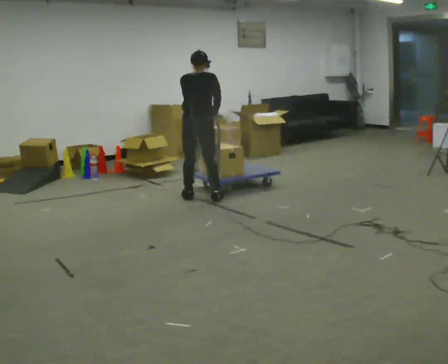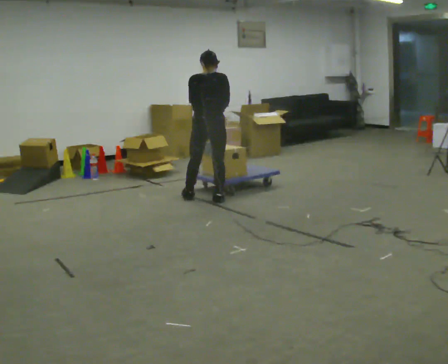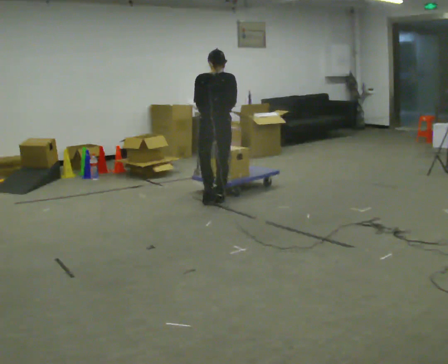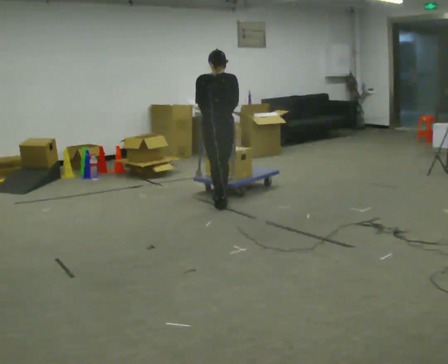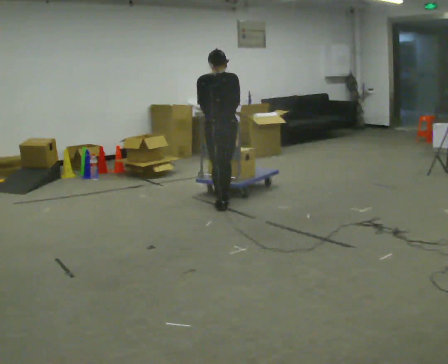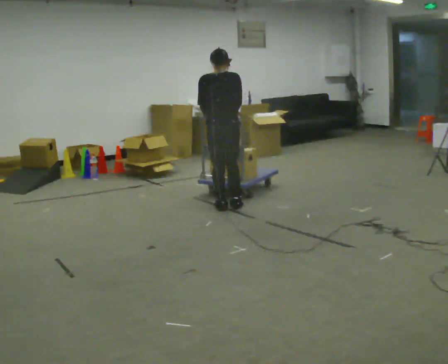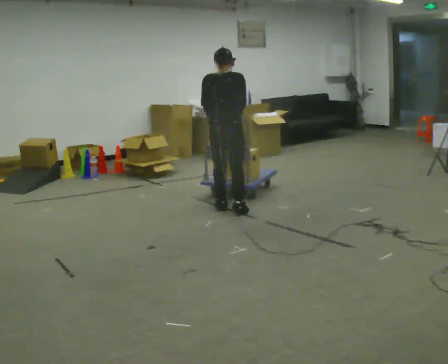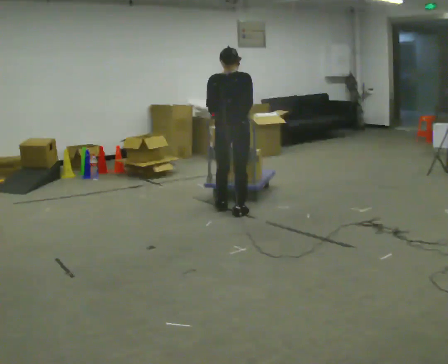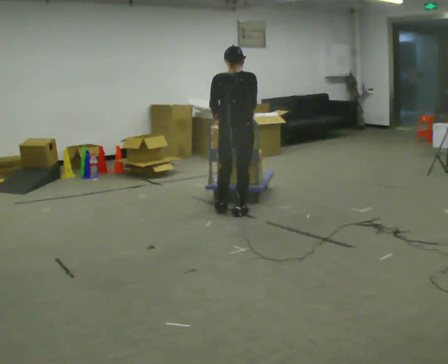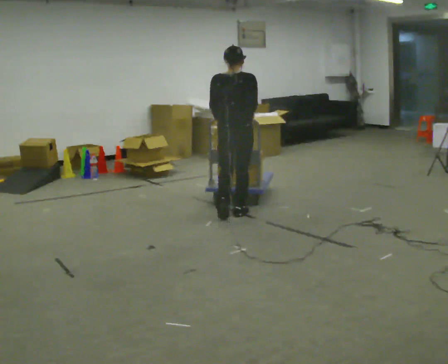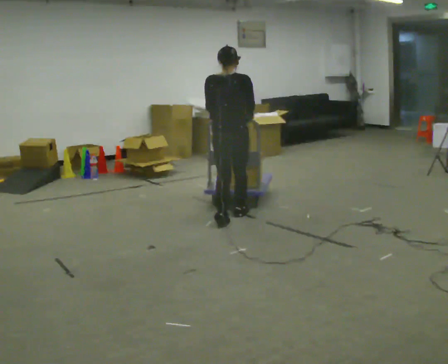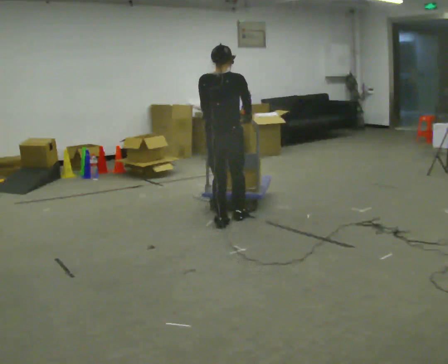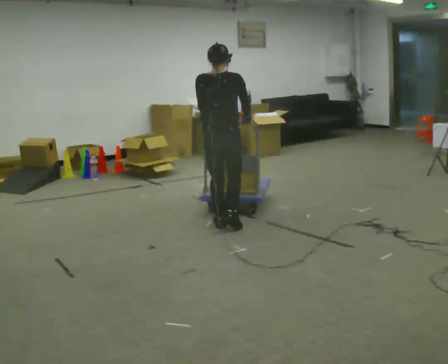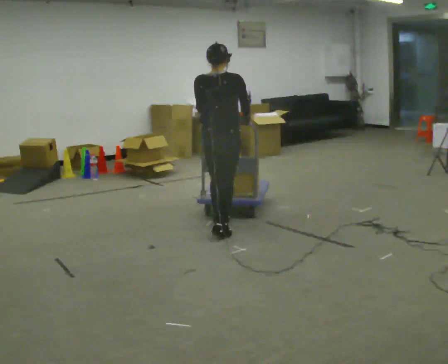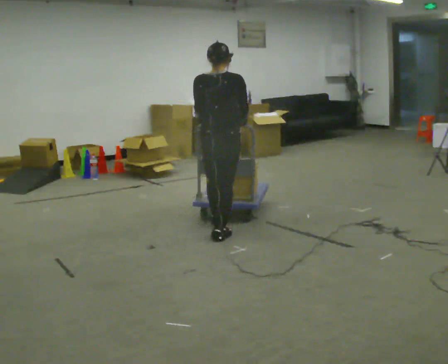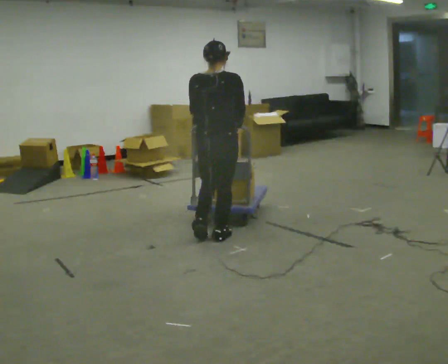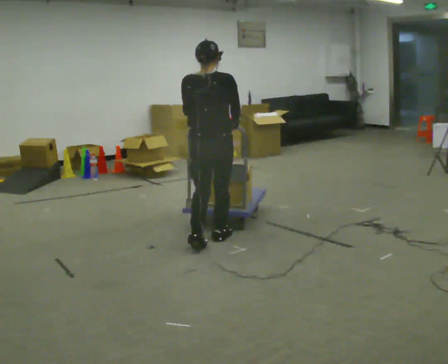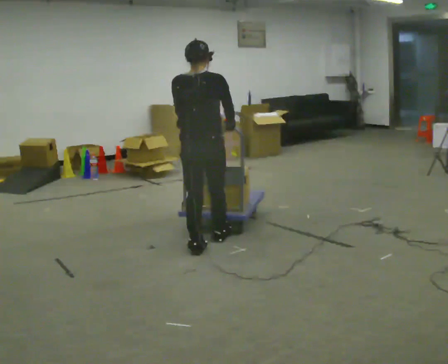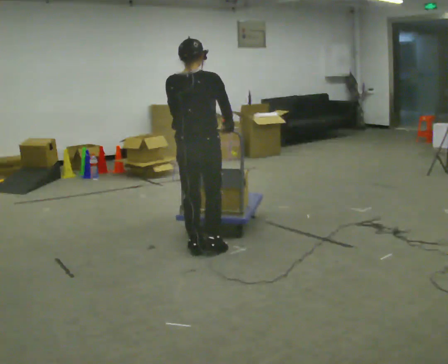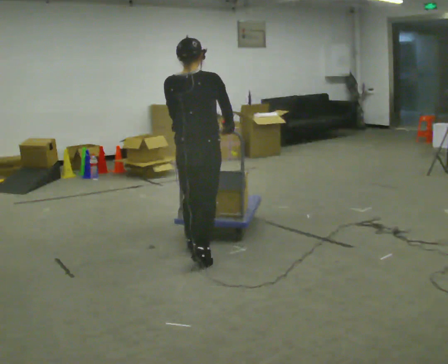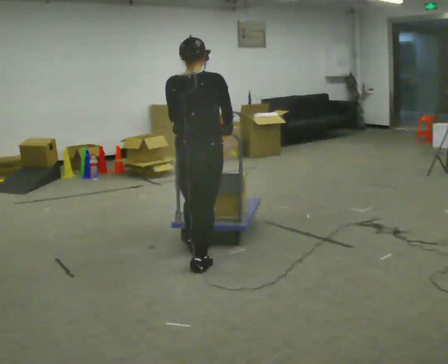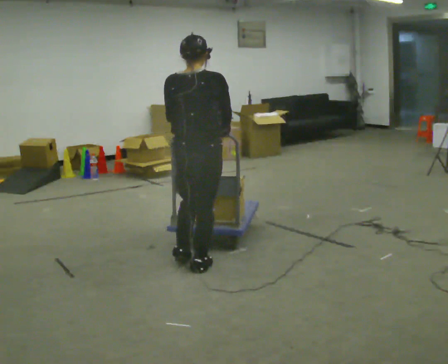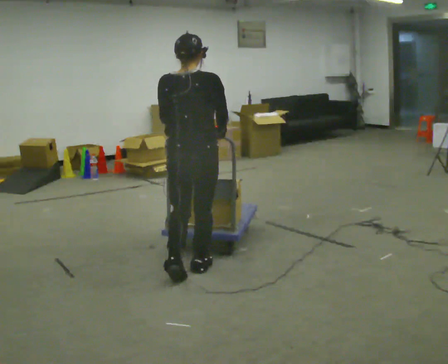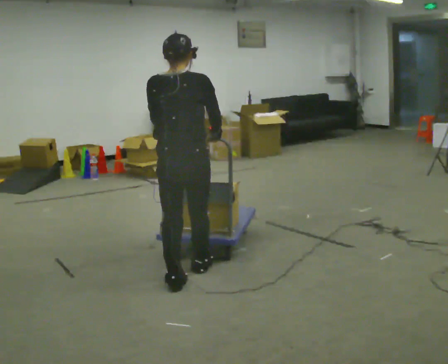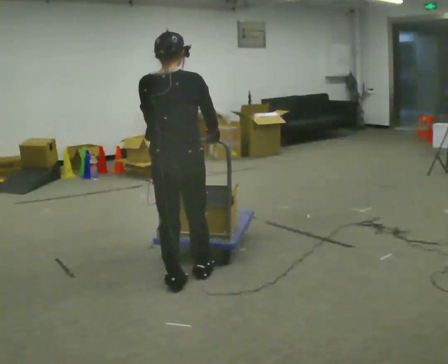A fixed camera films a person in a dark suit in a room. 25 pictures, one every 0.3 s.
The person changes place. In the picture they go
toward the camera.
0.0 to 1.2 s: In the picture they go toward the camera and to the right, about 0.5 m in 2 steps, which for them is backward and to their right.
1.2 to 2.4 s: In the picture they go toward the camera, about 0.25 m in 1 step, which for them is backward and to their right.
2.4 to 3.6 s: In the picture they go toward the camera, about 0.25 m in 1 step, which for them is backward.
3.6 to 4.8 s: In the picture they go toward the camera, about 0.5 m in 1 step, which for them is backward.
4.8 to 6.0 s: In the picture they go toward the camera, about 0.5 m in 1 step, which for them is backward.
6.0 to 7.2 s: In the picture they go toward the camera, about 0.5 m in 2 steps, which for them is backward.
The film runs backward here.
